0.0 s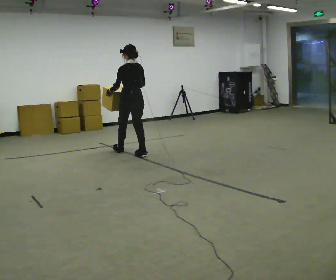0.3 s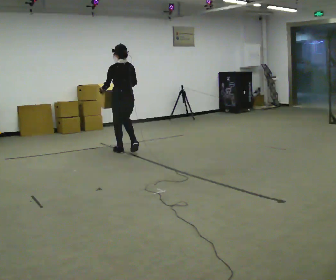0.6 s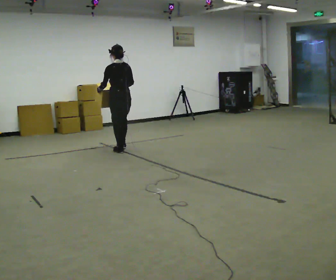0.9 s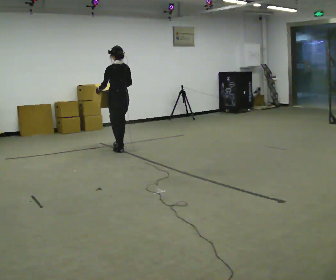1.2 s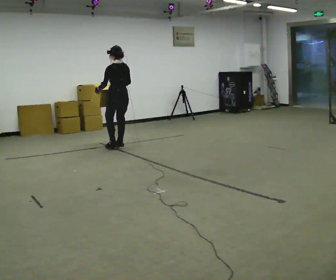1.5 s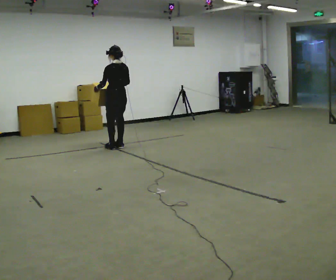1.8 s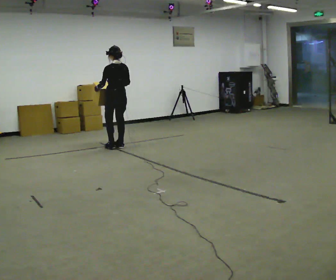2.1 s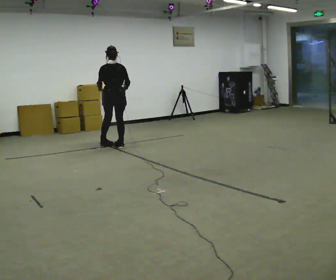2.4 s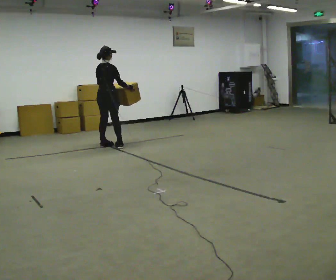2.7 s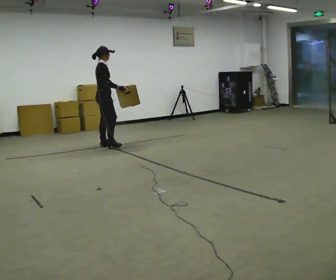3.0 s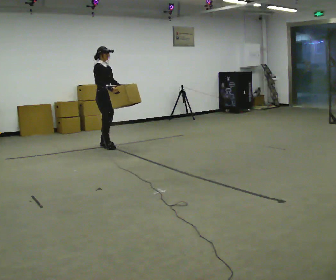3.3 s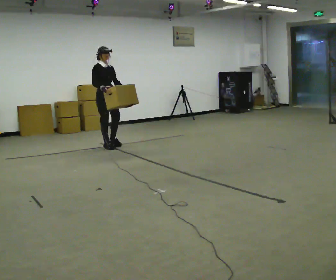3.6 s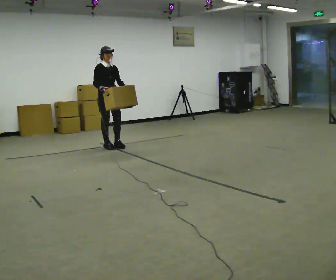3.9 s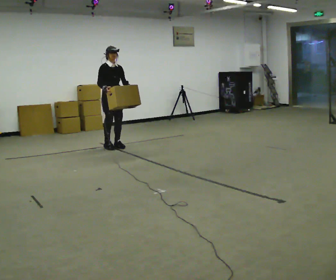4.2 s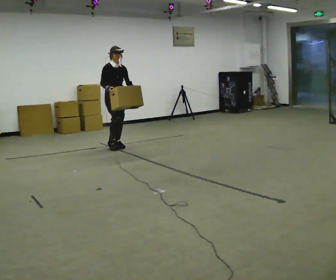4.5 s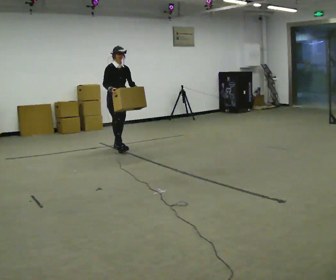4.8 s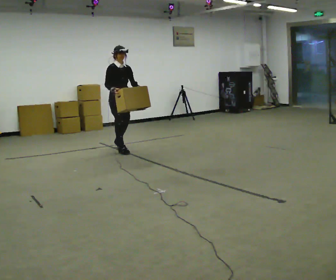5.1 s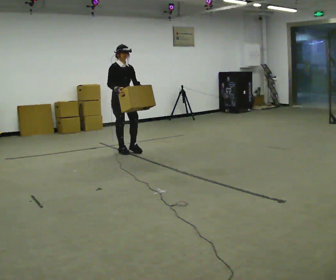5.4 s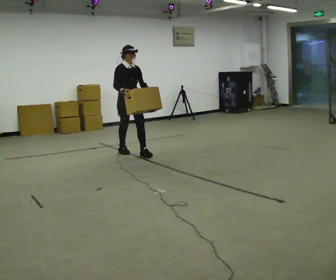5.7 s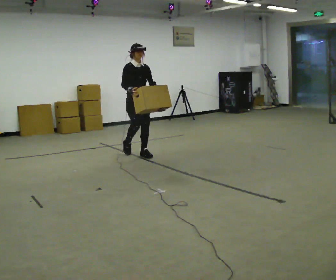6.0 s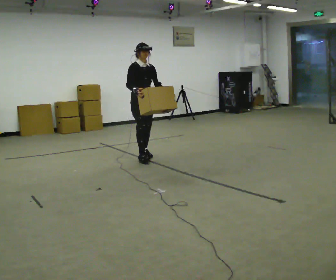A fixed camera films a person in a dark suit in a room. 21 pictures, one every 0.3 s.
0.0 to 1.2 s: In the picture they go away from the camera, about 0.5 m in 1 step, which for them is forward.
1.2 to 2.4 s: Seen from above the body turns clockwise, about 75 degrees: to their right, with its near side sliding to the left. In the picture they go to the left, about 0.25 m in 2 steps.
2.4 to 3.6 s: Seen from above the body turns clockwise, about 105 degrees: to their right, with its near side sliding to the left. In the picture their right hand goes to the left.
3.6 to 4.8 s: In the picture they go toward the camera and to the right, about 0.25 m in 1 step, which for them is forward.
4.8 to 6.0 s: In the picture they go toward the camera and to the right, about 0.5 m in 1 step, which for them is forward.
The film runs forward here.
